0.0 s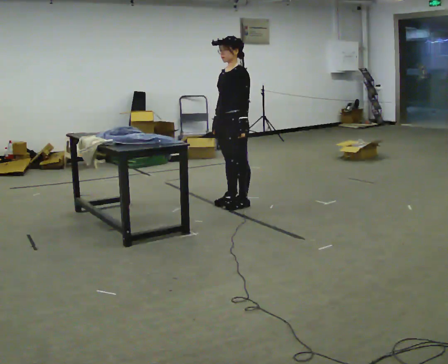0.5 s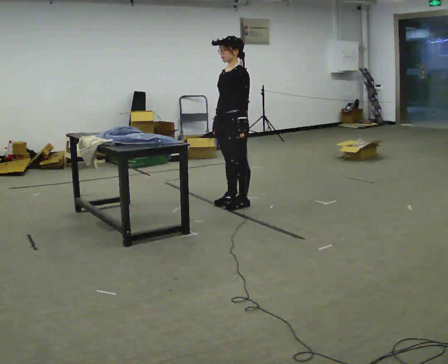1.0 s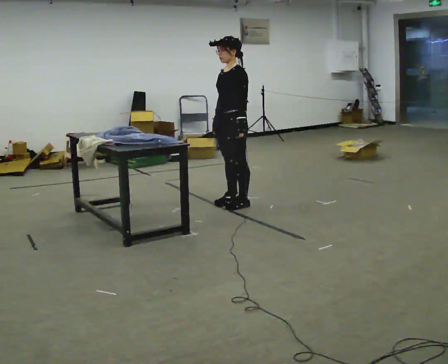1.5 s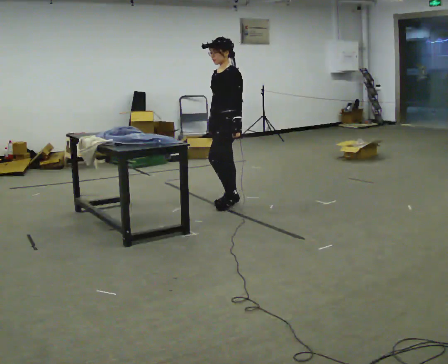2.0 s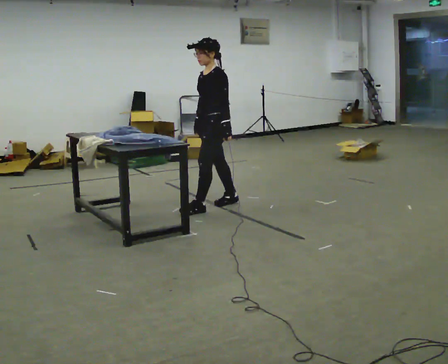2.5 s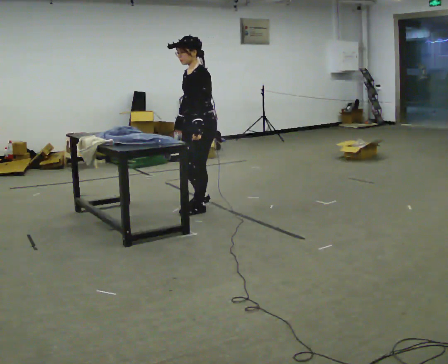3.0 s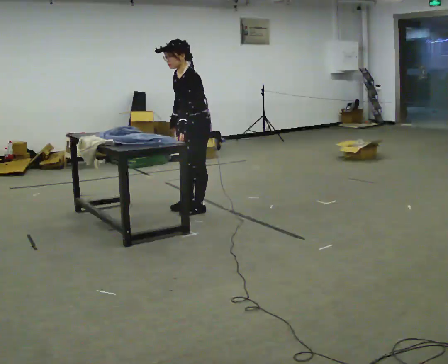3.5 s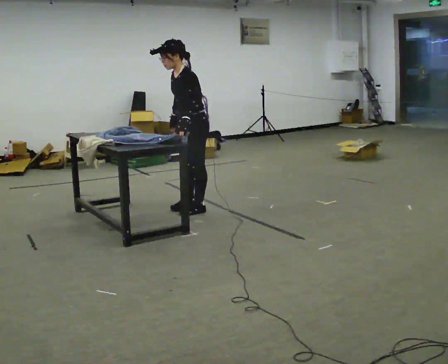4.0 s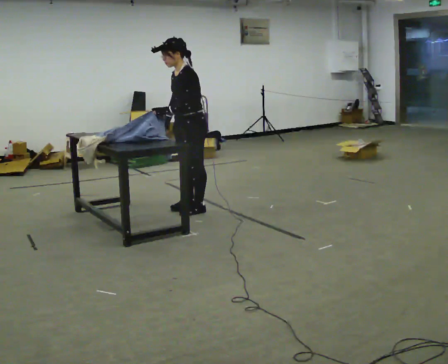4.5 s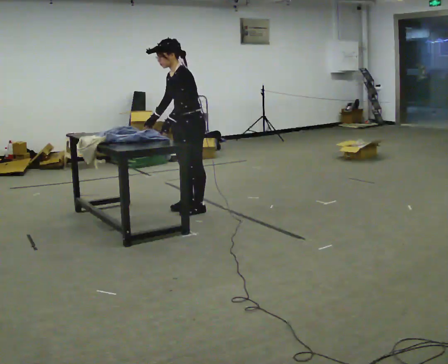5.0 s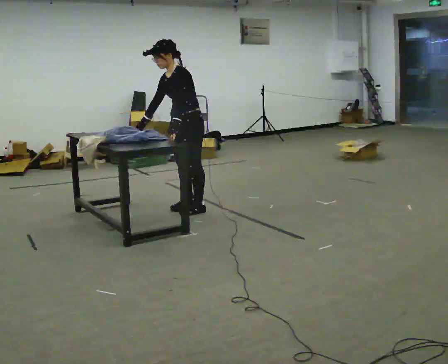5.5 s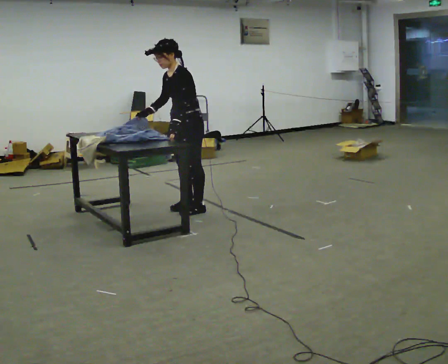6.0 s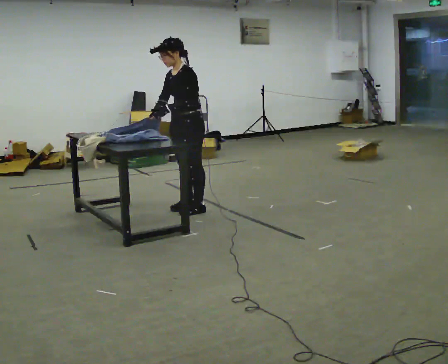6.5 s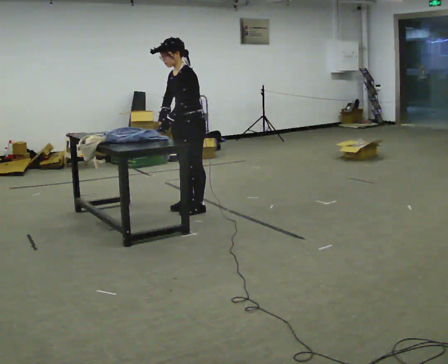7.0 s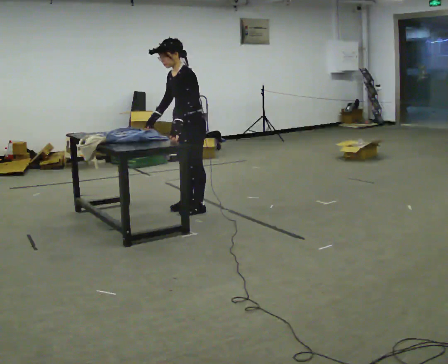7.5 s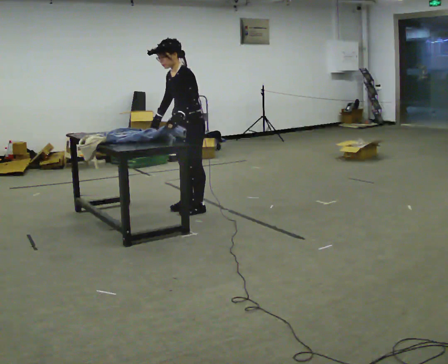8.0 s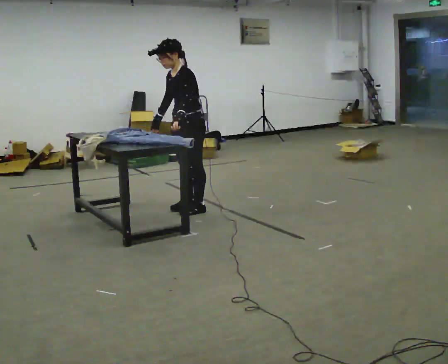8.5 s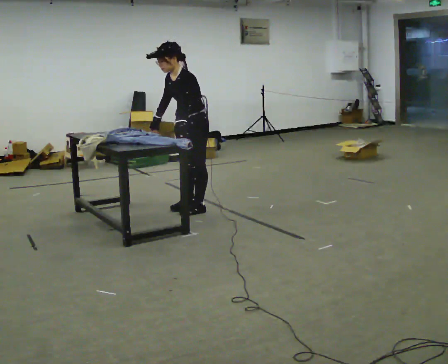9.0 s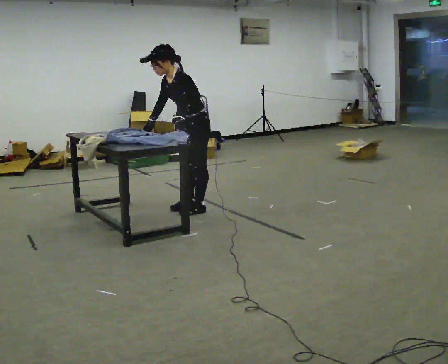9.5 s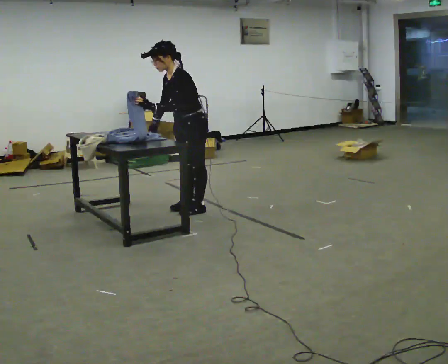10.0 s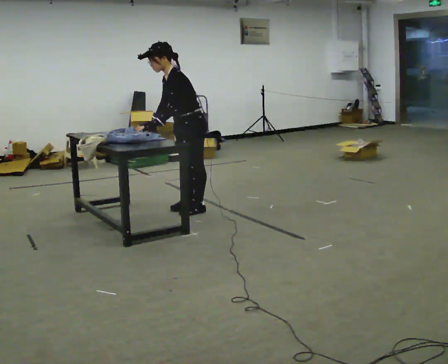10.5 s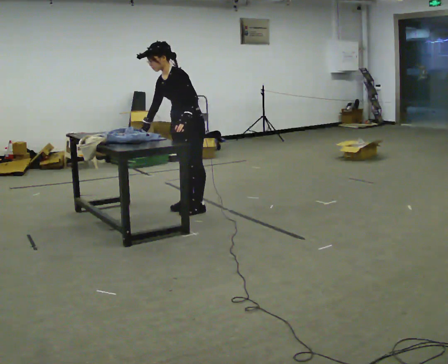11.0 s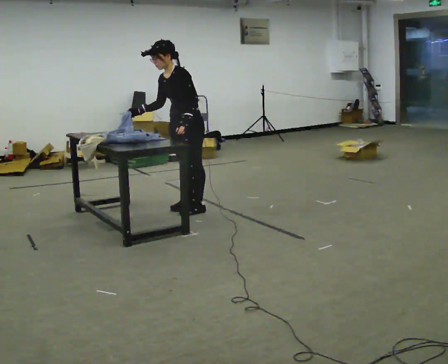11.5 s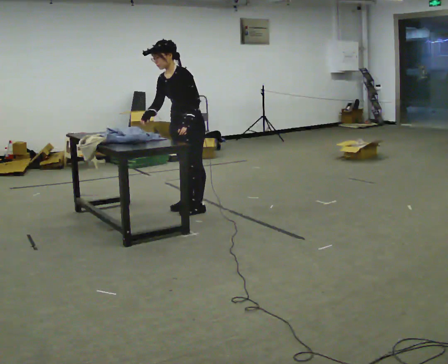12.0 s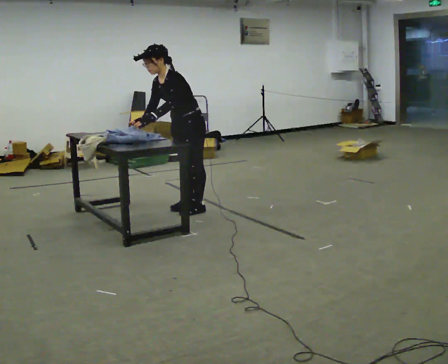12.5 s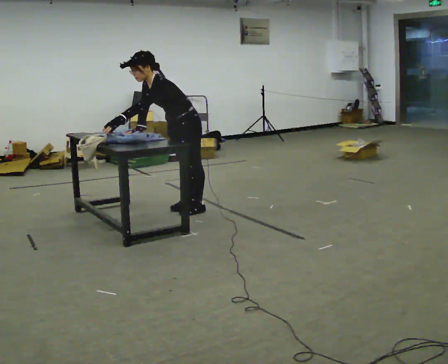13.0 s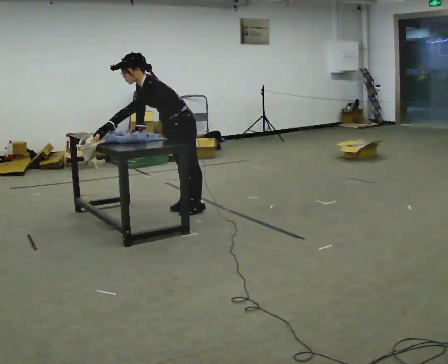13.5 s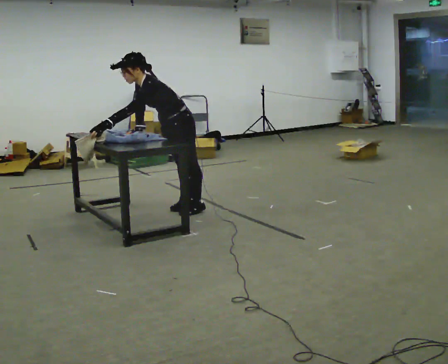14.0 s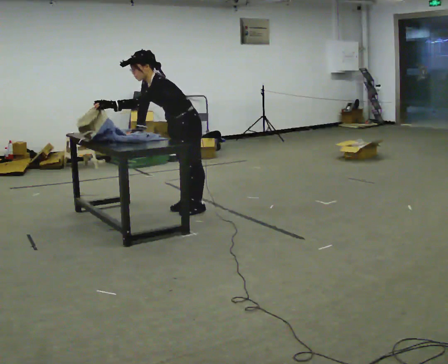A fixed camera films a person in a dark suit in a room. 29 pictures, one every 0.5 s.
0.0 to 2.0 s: In the picture they go to the left, about 0.25 m in 1 step, which for them is forward.
2.0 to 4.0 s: In the picture they go to the left, about 0.25 m in 1 step, which for them is forward. In the picture their left hand goes to the left.
4.0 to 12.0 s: The person moves a little, or ends about where they began.
12.0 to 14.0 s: In the picture their left hand goes to the left.
The film runs forward here.
